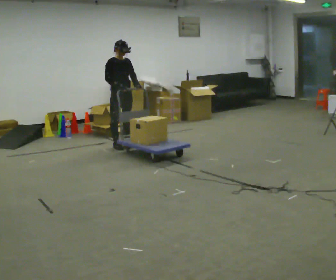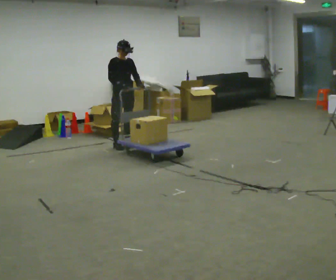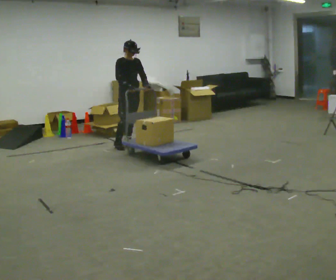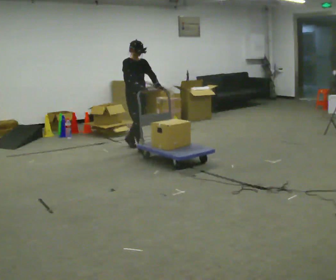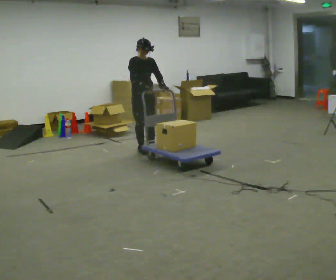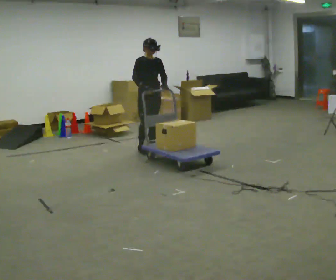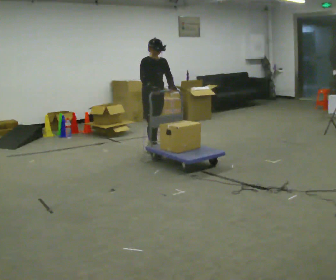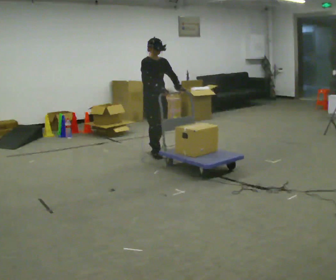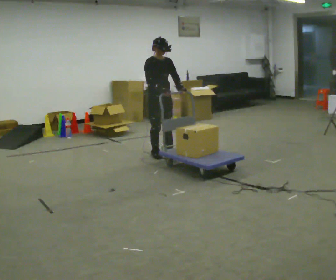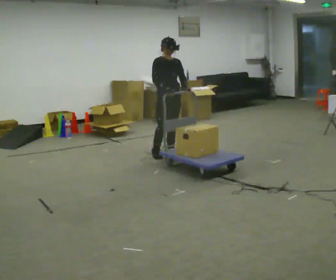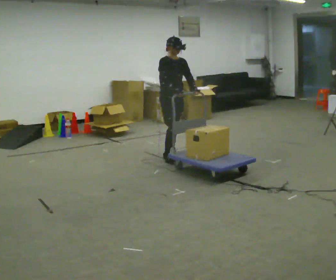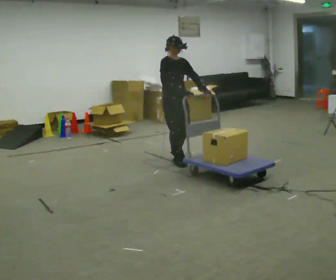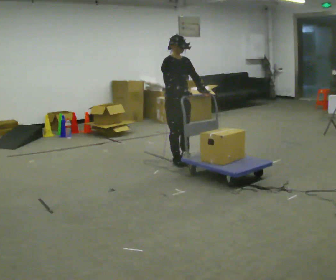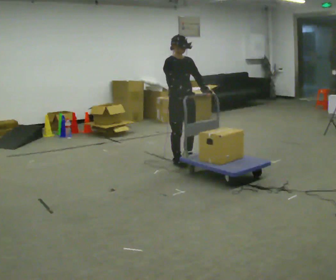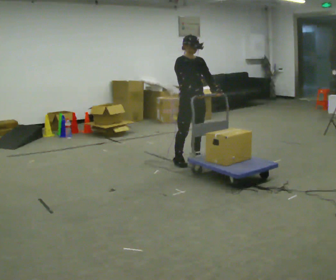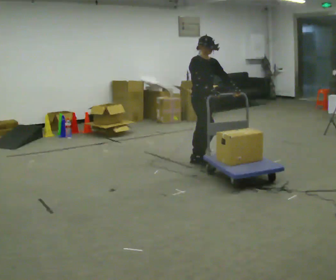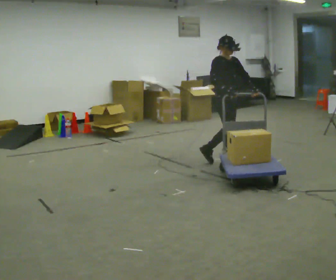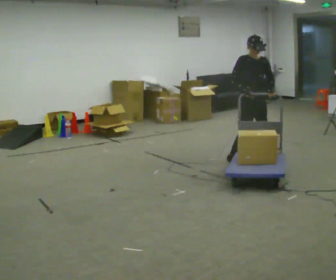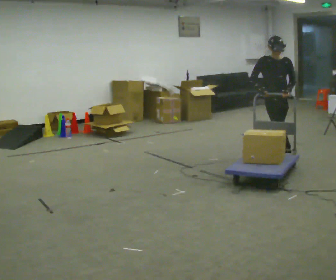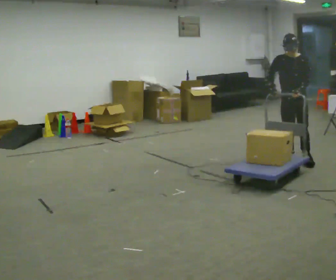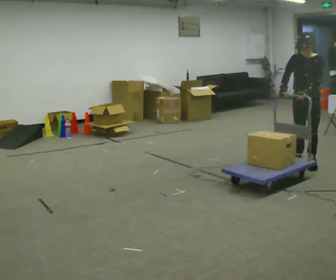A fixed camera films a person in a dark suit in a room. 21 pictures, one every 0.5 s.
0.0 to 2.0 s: In the picture they go to the right and toward the camera, about 0.5 m in 2 steps, which for them is forward.
2.0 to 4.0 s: In the picture they go toward the camera and to the right, about 0.5 m in 2 steps, which for them is forward.
4.0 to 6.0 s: In the picture they go toward the camera and to the right, about 0.5 m in 2 steps, which for them is forward.
6.0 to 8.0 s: In the picture they go to the right, about 0.5 m in 1 step, which for them is to their left and forward.
8.0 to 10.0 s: The part of the body nearest the lens slides to the left as the person turns to their right by about 75 degrees. In the picture they go to the right and toward the camera, about 1 m in 3 steps.
The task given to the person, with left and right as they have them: Push the cart across the room and back. The operator will change how much is loaded on it between takes and will tell you each time.
The film runs forward here.
